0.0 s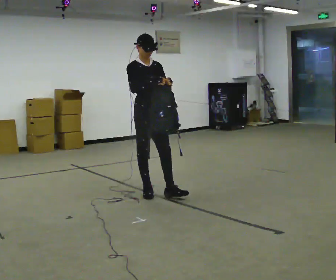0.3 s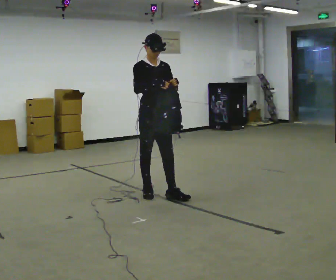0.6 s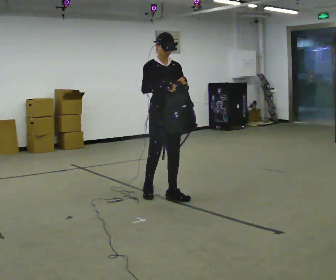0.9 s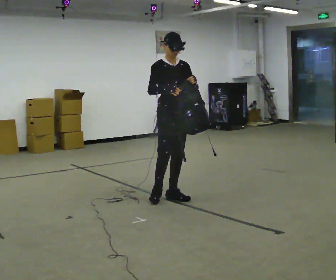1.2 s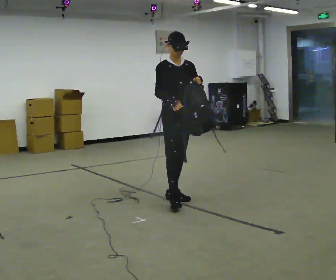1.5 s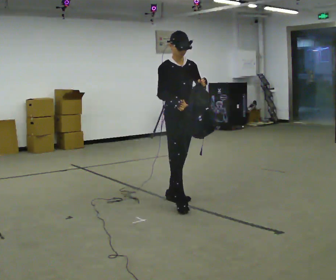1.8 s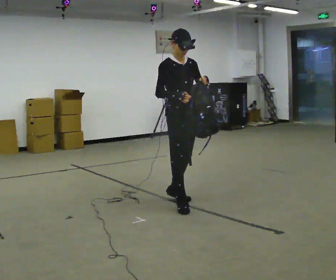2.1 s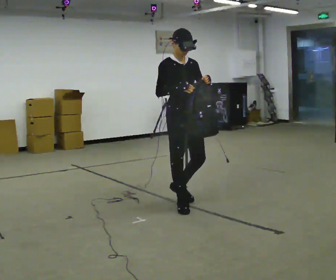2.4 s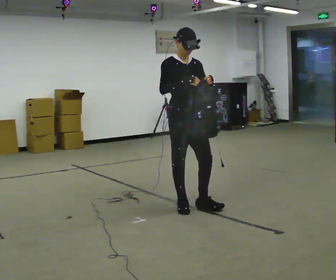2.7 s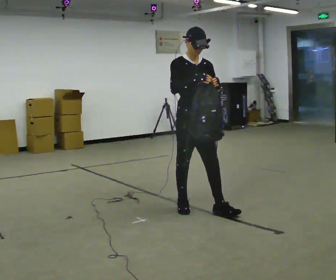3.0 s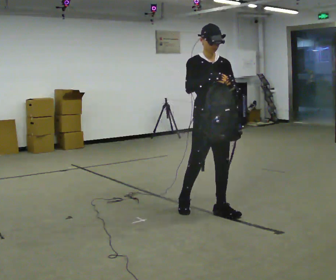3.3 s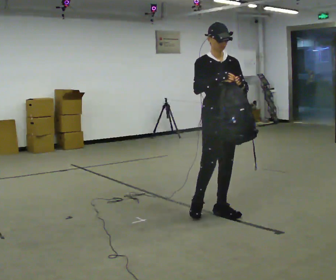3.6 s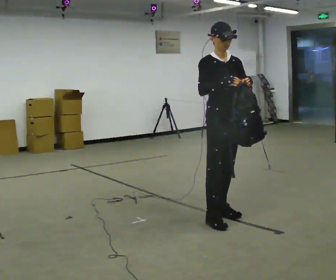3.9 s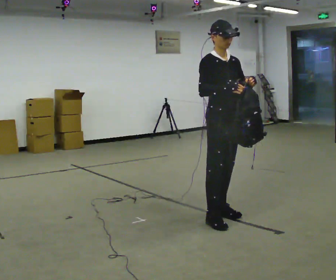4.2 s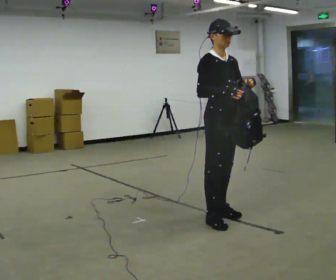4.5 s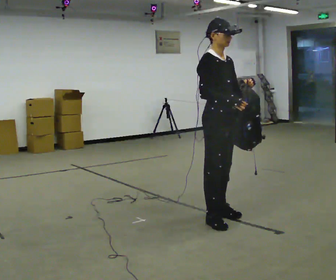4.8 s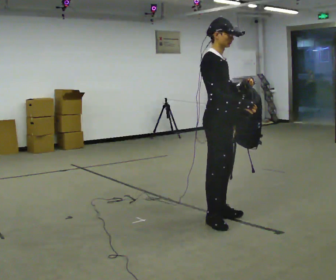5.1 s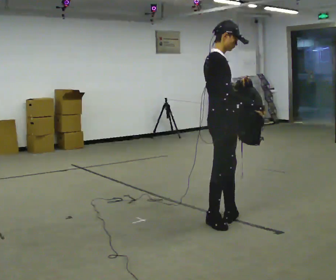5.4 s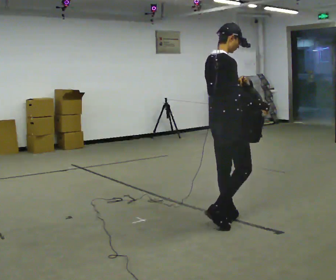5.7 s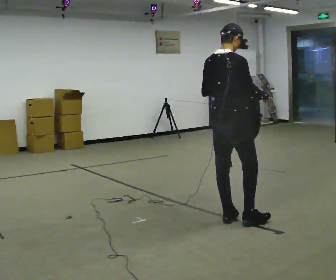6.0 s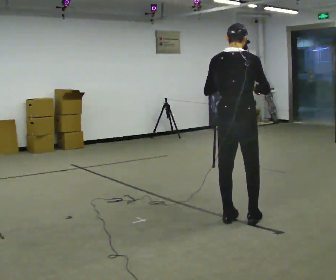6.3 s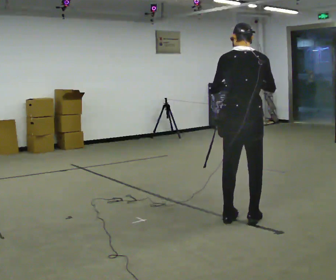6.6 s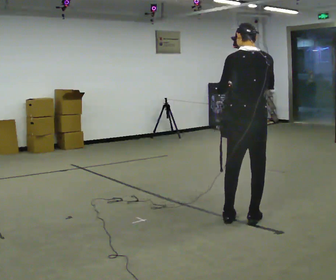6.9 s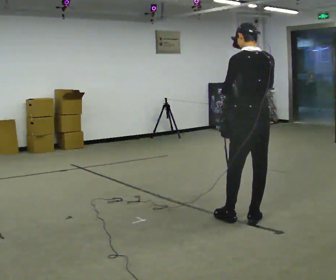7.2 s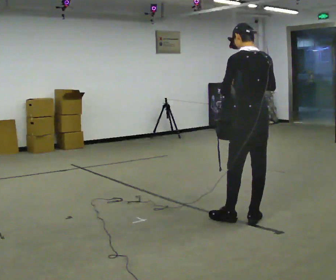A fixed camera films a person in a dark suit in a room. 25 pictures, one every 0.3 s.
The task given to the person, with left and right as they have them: Carry the bag and, while walking, undo the buckle or zip, then do it up again. Keep repeating as you walk. Do not stop.
0.0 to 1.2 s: In the picture they go to the right and toward the camera, about 0.5 m in 1 step, which for them is forward and to their left.
1.2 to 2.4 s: In the picture they go toward the camera, about 0.25 m in 1 step, which for them is forward and to their right.
2.4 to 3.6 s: In the picture they go to the right and toward the camera, about 0.5 m in 2 steps, which for them is forward and to their left.
3.6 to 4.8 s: Seen from above the body turns counterclockwise, about 45 degrees: to their left, with its near side sliding to the right. In the picture they go toward the camera, about 0.25 m, which for them is to their right.
4.8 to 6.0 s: The part of the body nearest the lens slides to the right as the person turns to their left by about 90 degrees. In the picture they go to the right, about 0.25 m in 2 steps.
6.0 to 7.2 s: The part of the body nearest the lens slides to the right as the person turns to their left by about 45 degrees.
The film runs forward here.
